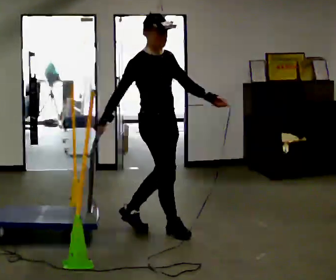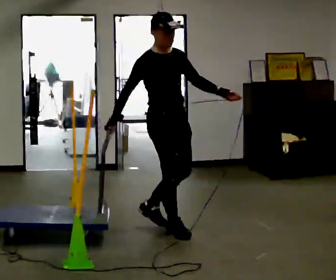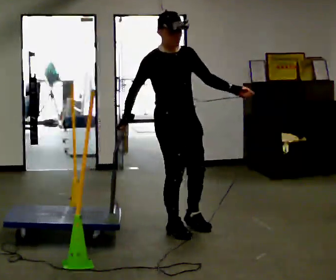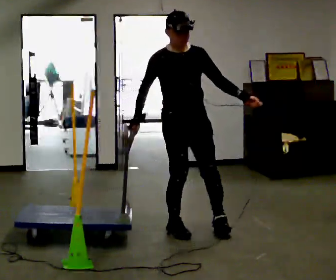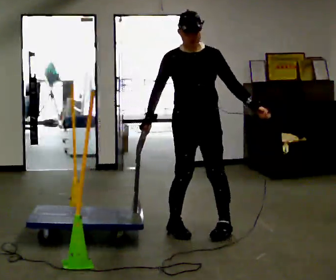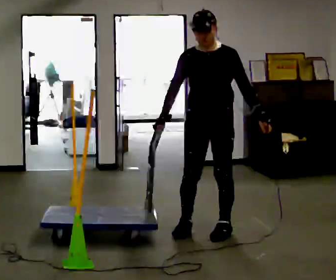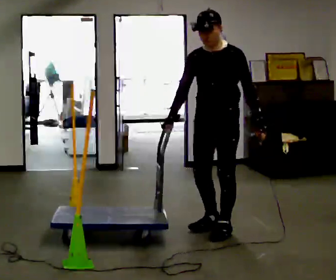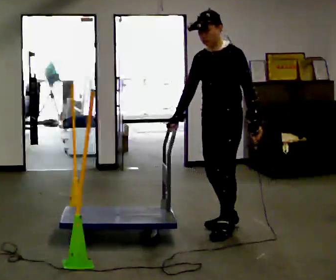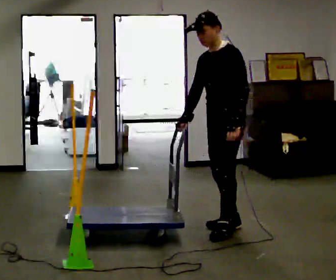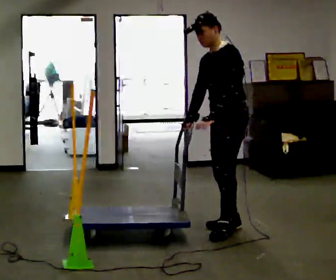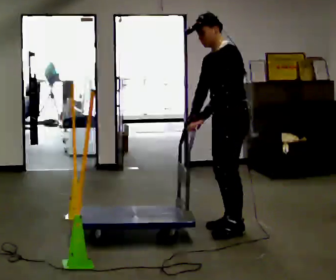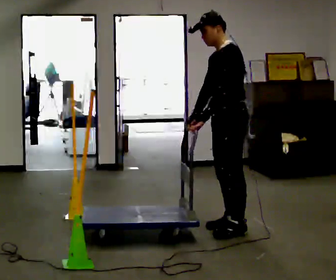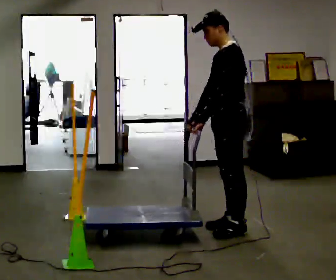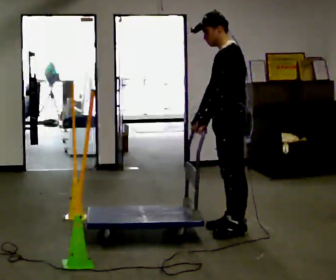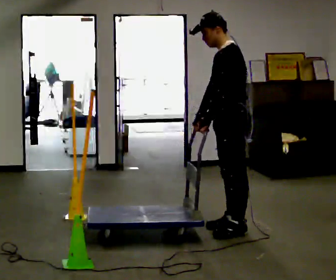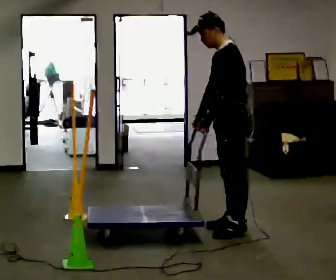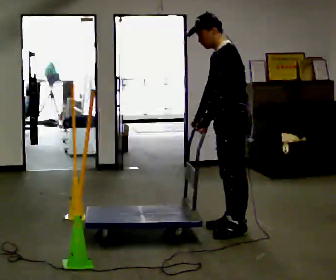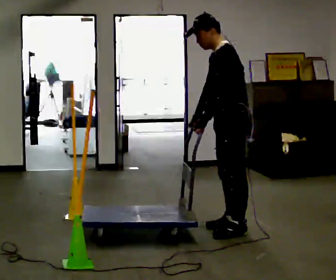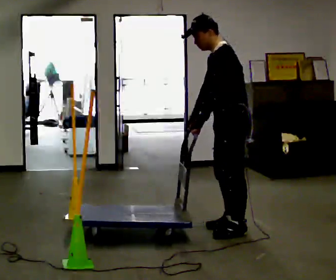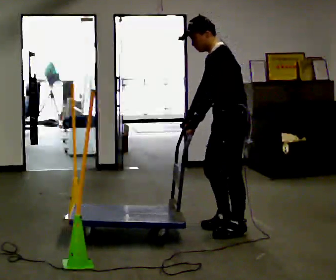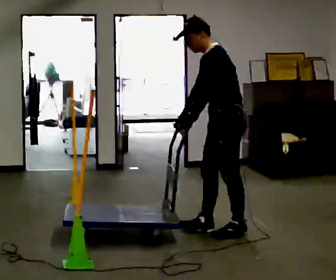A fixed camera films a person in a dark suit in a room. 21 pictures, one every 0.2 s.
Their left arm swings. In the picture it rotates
clockwise.
The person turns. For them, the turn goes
to their right.
0.0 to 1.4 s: The person turns about 120 degrees to their right, clockwise seen from above, so the part of the body nearest the lens slides to the left. In the picture they go to the right, about 0.5 m in 1 step.
1.4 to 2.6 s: The part of the body nearest the lens slides to the left as the person turns to their right by about 30 degrees. In the picture their left hand goes to the left, the arm swinging clockwise.
2.6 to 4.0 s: The person moves a little, or ends about where they began.
The film runs forward here.
